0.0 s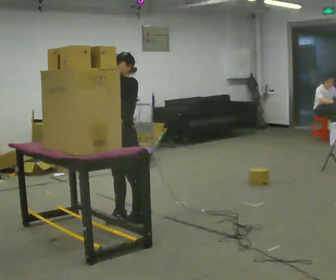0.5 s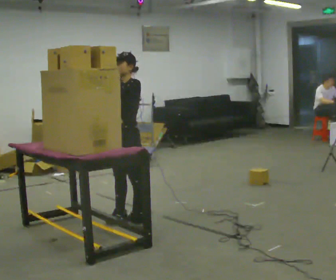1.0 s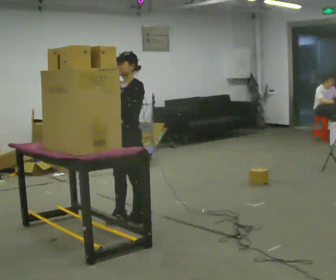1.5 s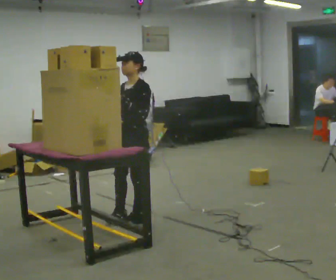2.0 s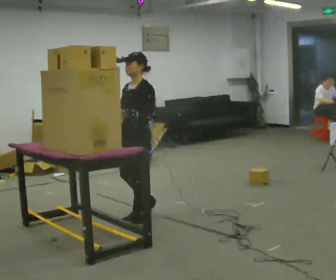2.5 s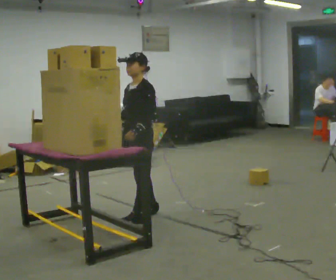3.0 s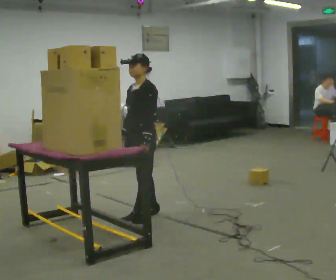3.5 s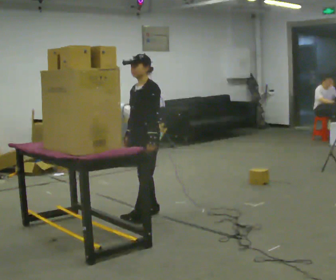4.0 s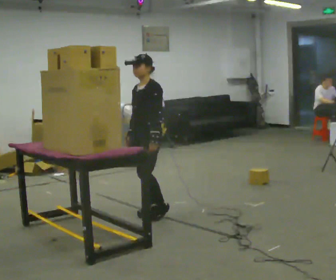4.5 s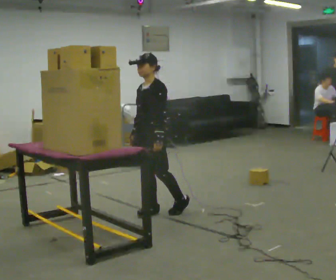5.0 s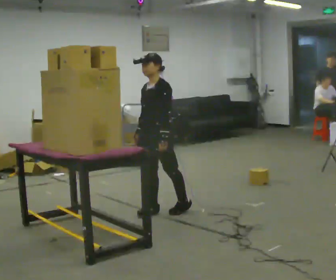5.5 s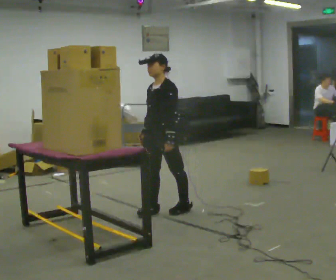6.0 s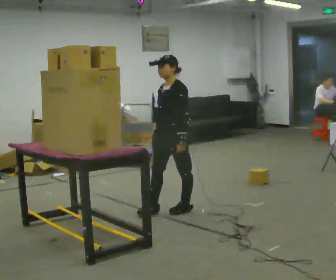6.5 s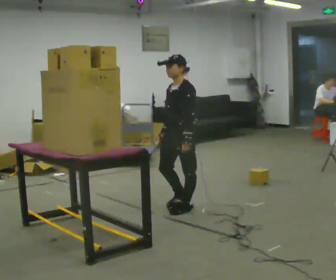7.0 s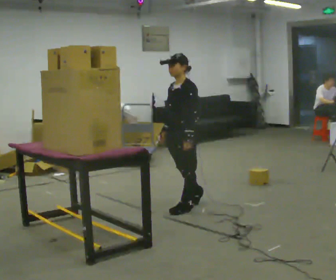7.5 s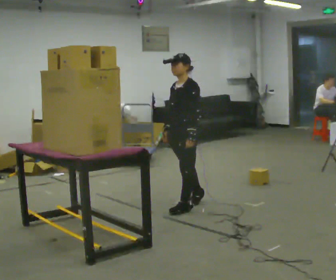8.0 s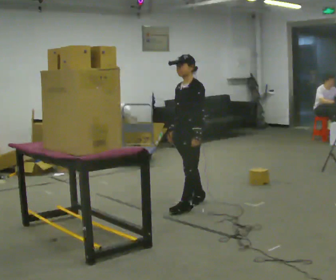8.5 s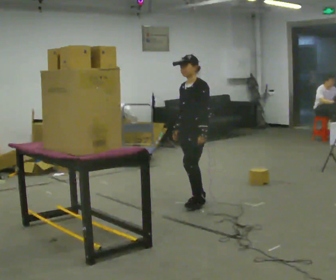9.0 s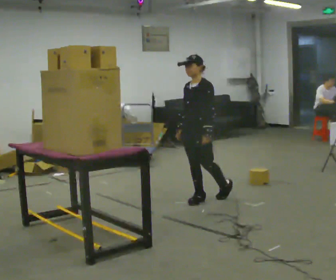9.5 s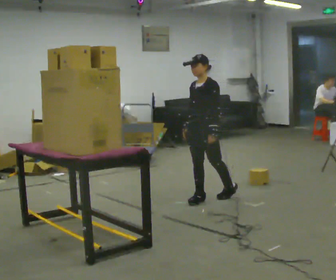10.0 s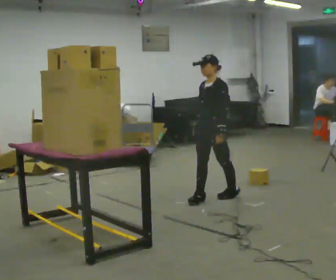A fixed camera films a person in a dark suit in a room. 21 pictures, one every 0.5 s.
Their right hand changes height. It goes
downward.
Their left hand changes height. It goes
downward.
0.0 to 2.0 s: In the picture their left hand goes downward.
2.0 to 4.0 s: In the picture they go away from the camera, about 0.25 m in 1 step, which for them is backward and to their right.
4.0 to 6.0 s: In the picture they go to the right, about 0.25 m, which for them is backward.
6.0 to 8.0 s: In the picture they go away from the camera and to the right, about 0.25 m in 1 step, which for them is backward.
8.0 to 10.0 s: In the picture they go to the right and away from the camera, about 0.25 m in 1 step, which for them is backward.
The film runs backward here.
